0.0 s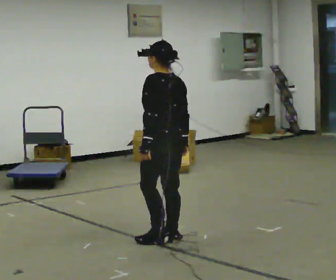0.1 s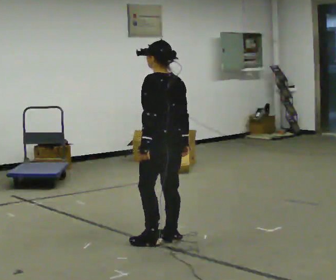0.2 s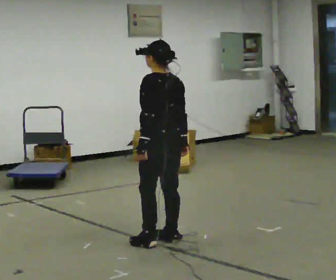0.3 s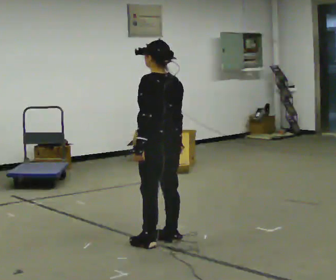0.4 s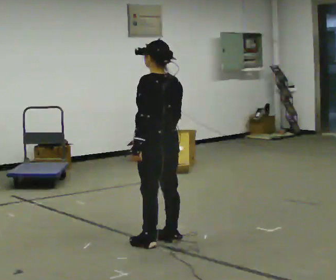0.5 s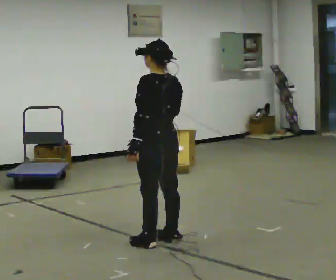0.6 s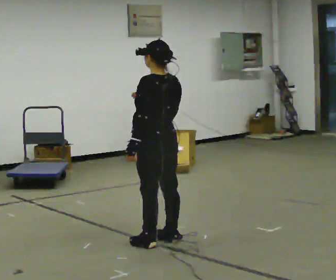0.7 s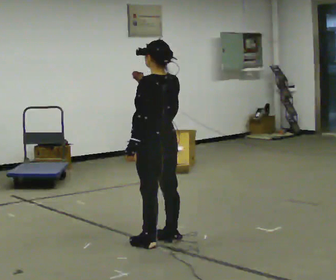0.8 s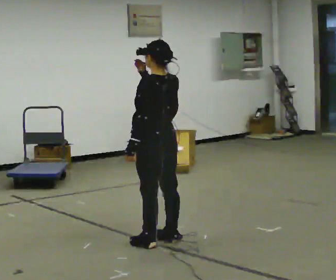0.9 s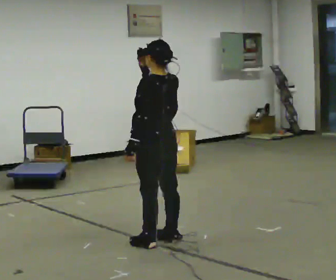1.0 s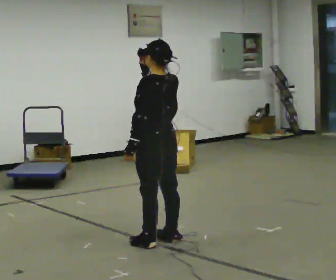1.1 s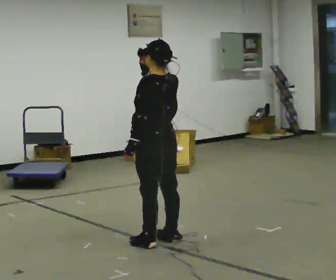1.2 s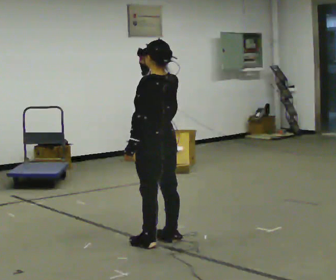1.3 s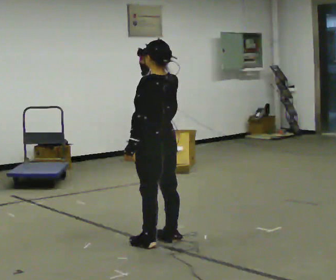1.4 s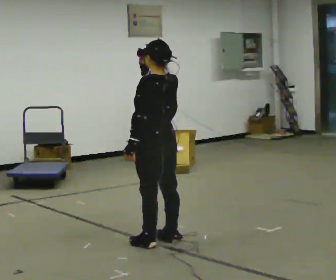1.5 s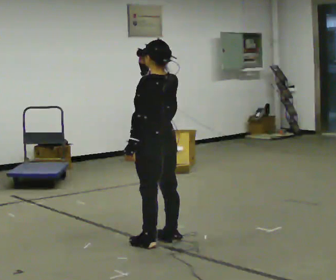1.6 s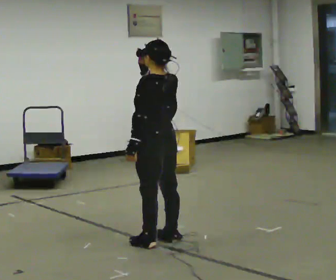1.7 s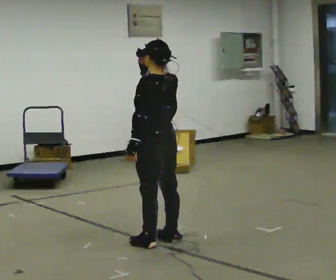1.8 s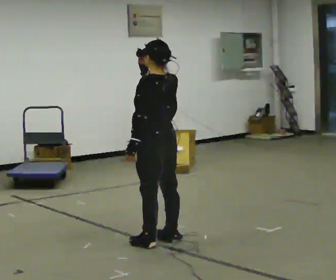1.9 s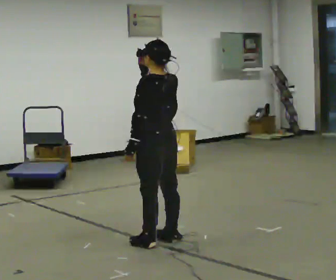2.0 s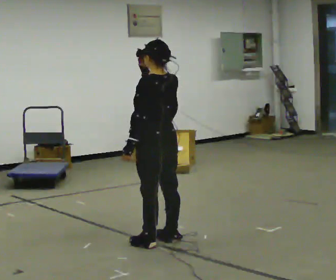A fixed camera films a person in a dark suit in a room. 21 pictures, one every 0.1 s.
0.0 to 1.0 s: In the picture their right hand goes upward and to the left.
1.0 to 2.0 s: The person keeps their place and pose.
The film runs backward here.
